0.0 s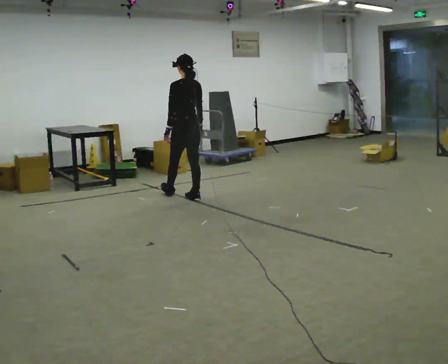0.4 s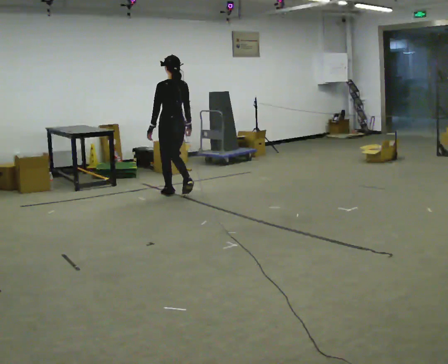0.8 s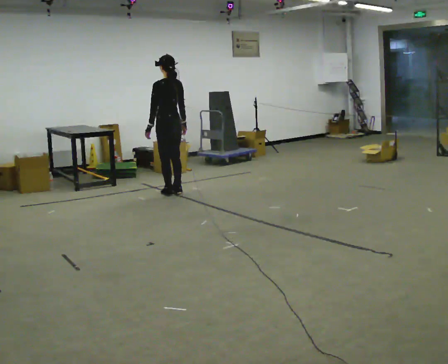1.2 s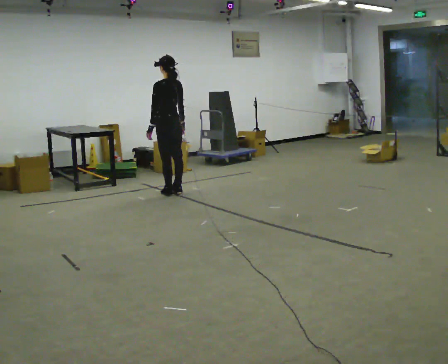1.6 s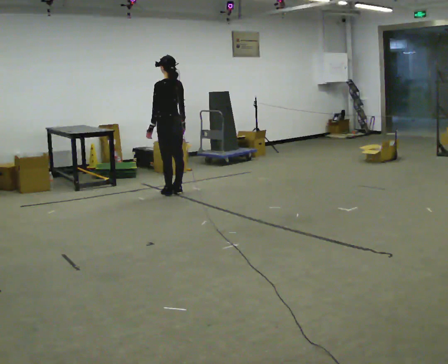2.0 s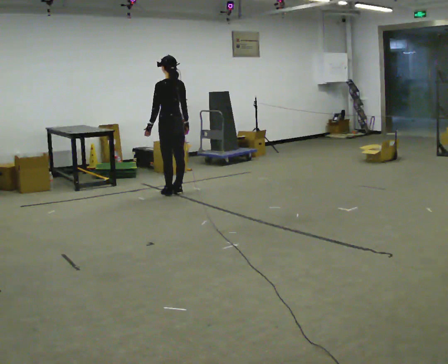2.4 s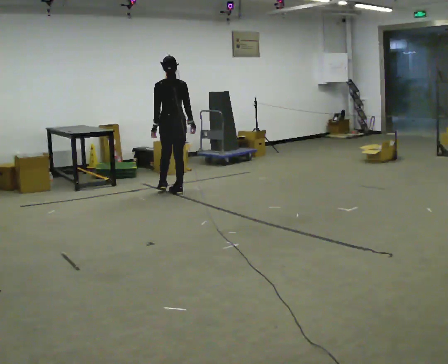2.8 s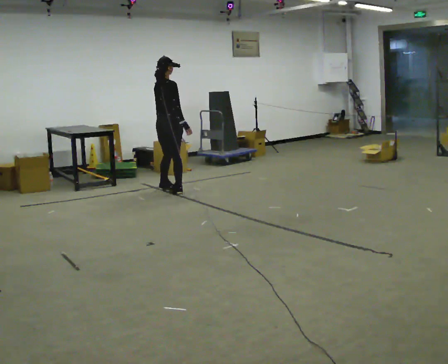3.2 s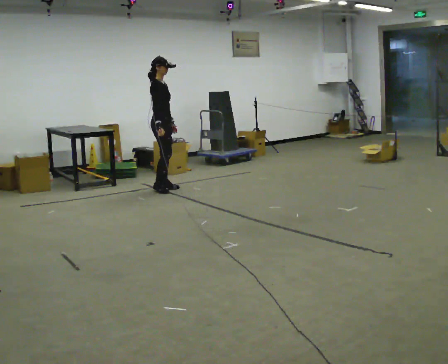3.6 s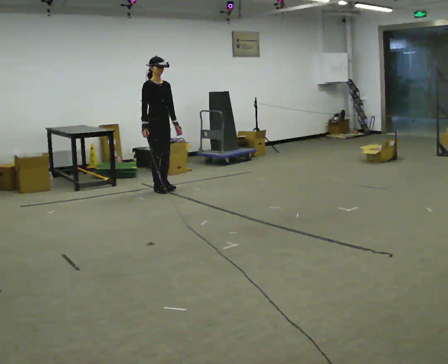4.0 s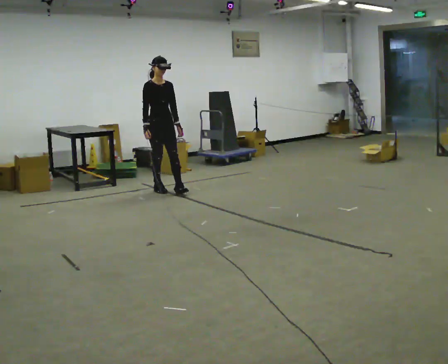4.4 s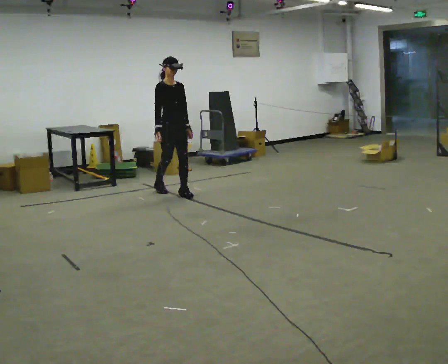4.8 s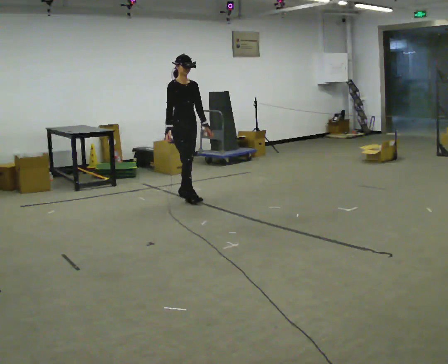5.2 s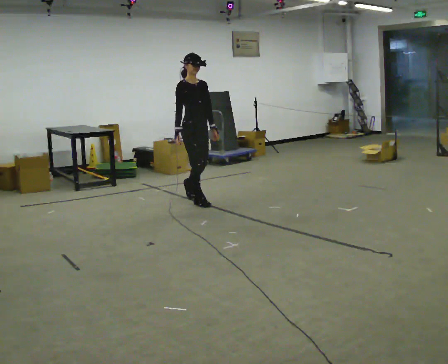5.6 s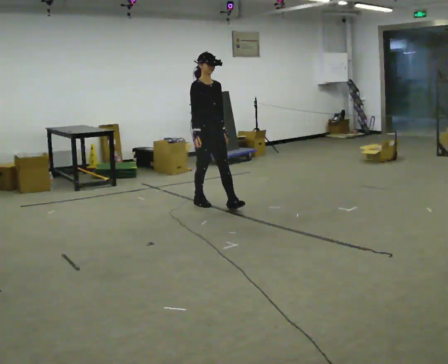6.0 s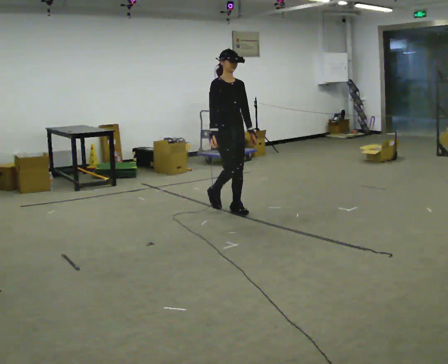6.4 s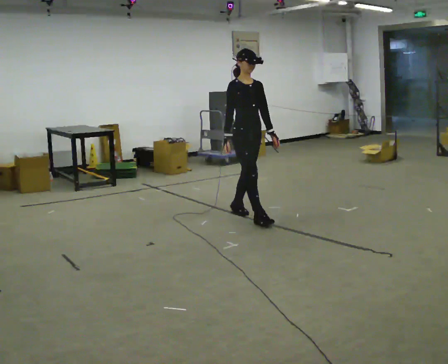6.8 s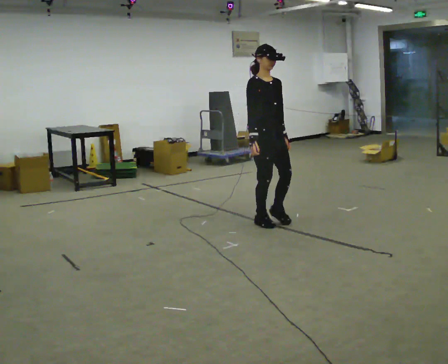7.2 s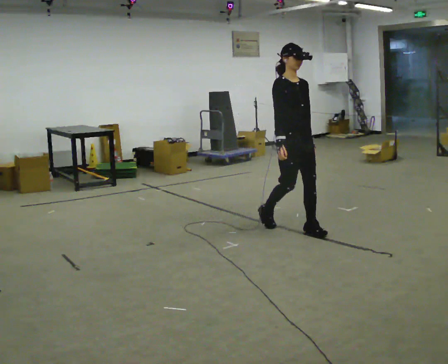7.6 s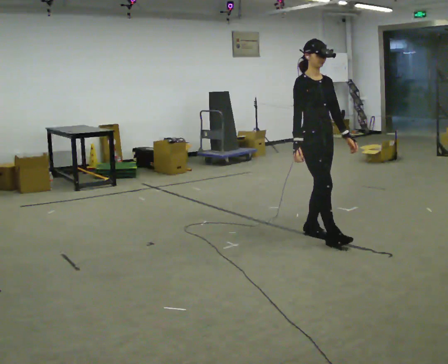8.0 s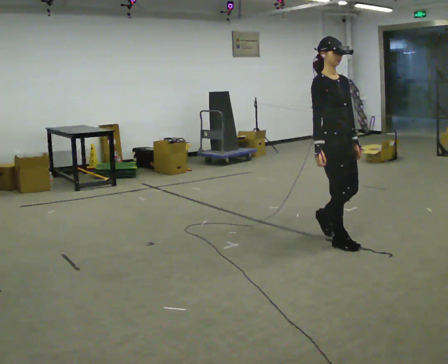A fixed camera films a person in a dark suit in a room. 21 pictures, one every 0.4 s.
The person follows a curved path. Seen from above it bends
counterclockwise.
0.0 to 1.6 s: In the picture they go away from the camera and to the left, about 0.25 m in 2 steps, which for them is forward.
1.6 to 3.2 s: The part of the body nearest the lens slides to the left as the person turns to their right by about 135 degrees. In the picture they go away from the camera, about 0.25 m in 1 step.
3.2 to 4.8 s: Seen from above the body turns clockwise, about 45 degrees: to their right, with its near side sliding to the left. In the picture they go toward the camera and to the right, about 0.5 m in 2 steps, which for them is forward.
4.8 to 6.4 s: In the picture they go toward the camera and to the right, about 1 m in 3 steps, which for them is forward.
6.4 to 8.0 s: In the picture they go toward the camera and to the right, about 1 m in 2 steps, which for them is forward.
The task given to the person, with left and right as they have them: Walk forward with your feet closer together than normal, or further apart than normal, as the operator states; stop.
The film runs forward here.
